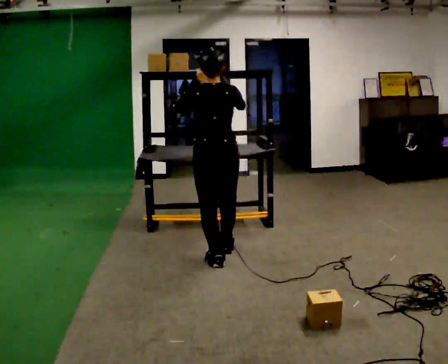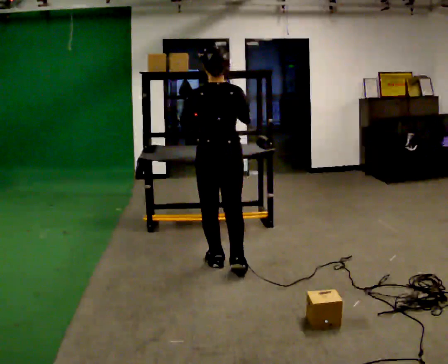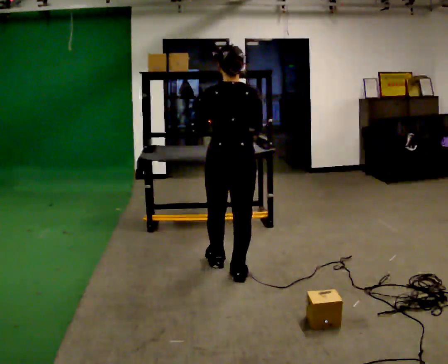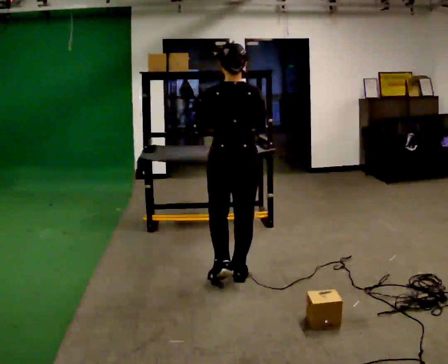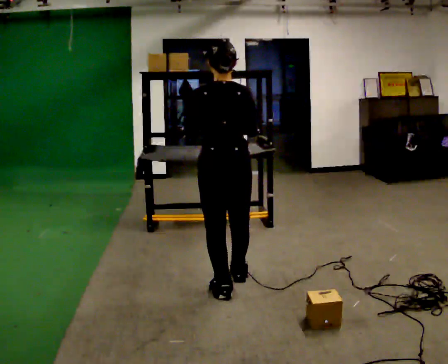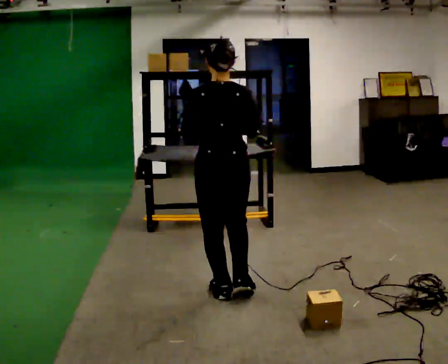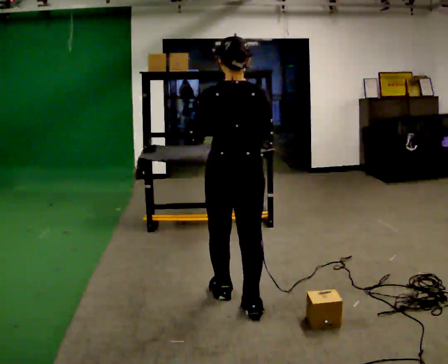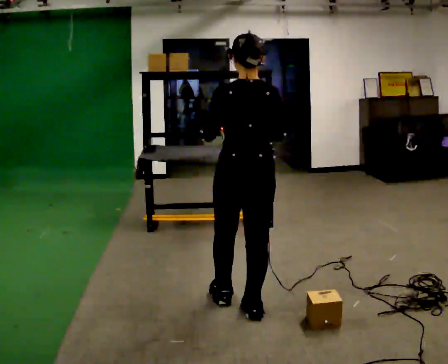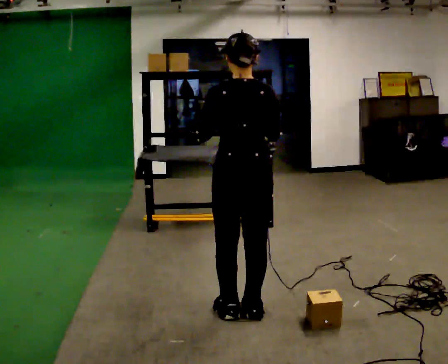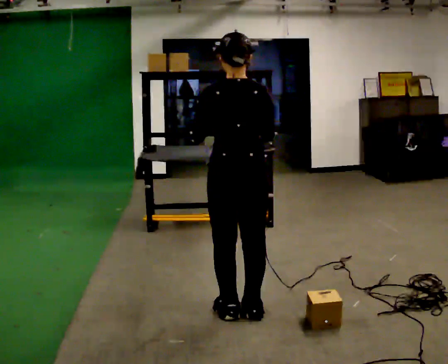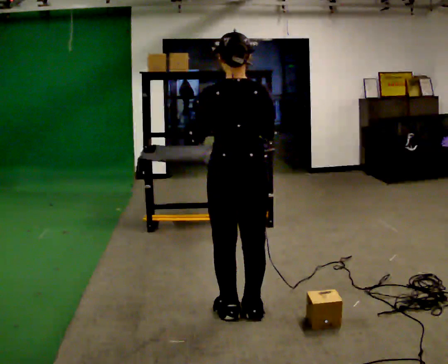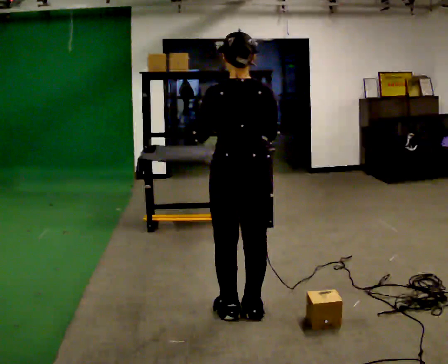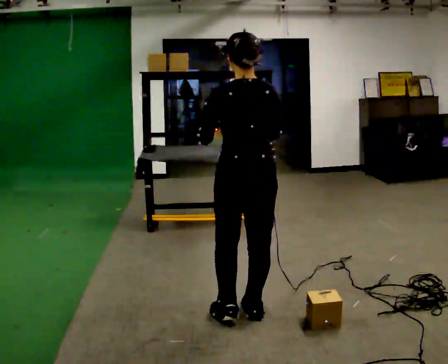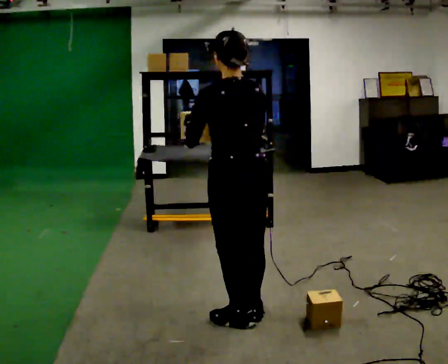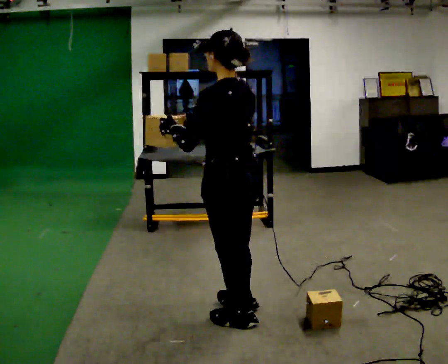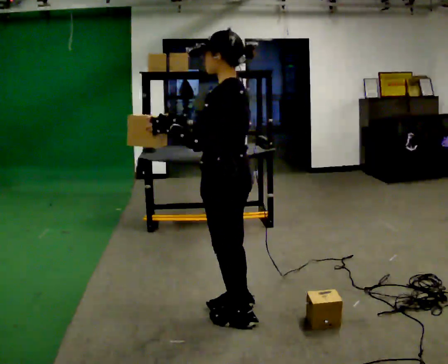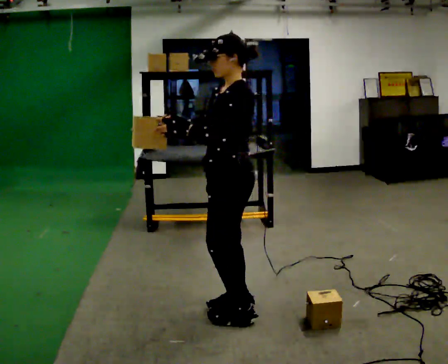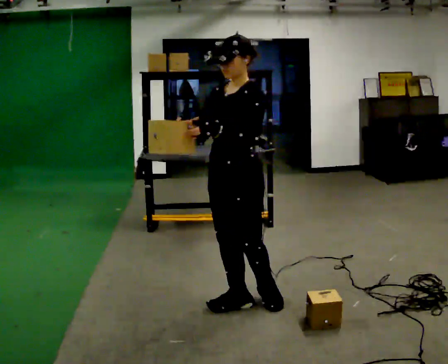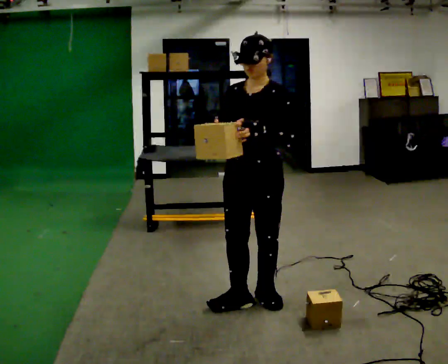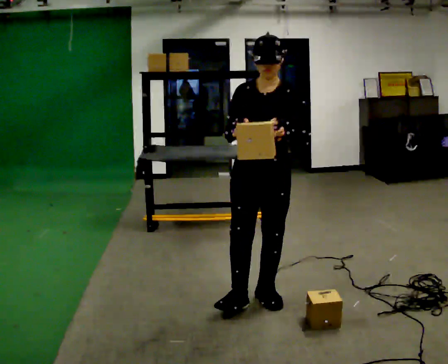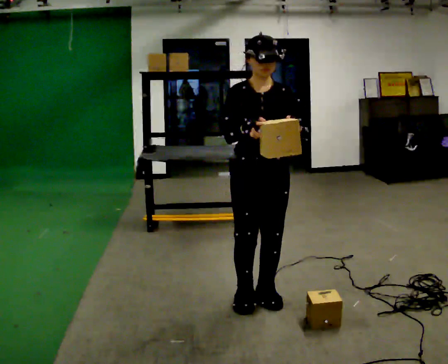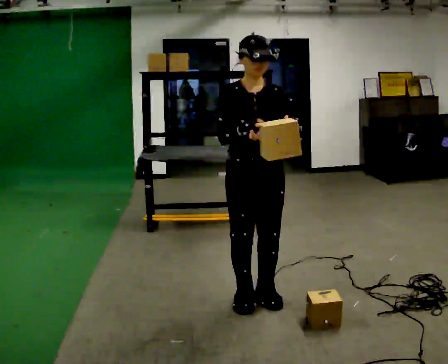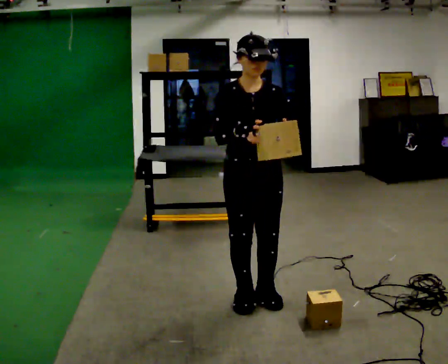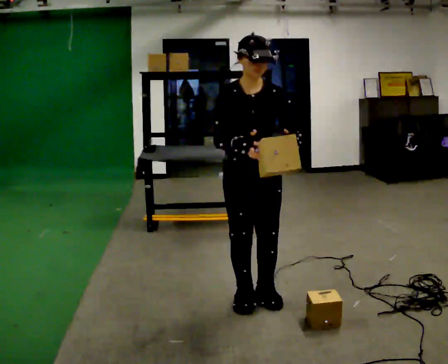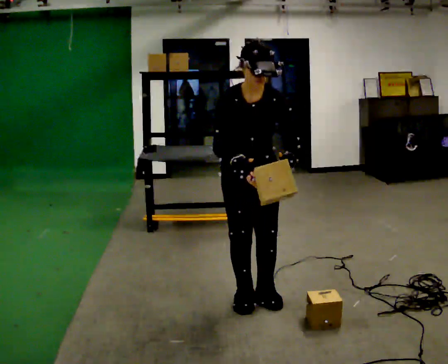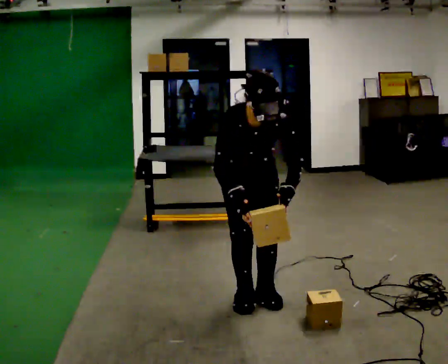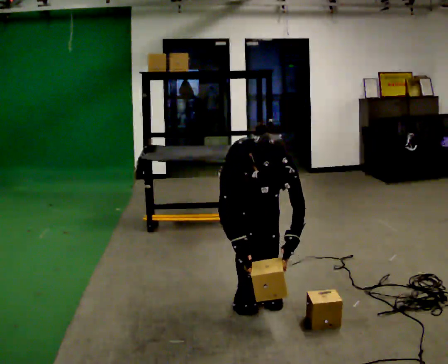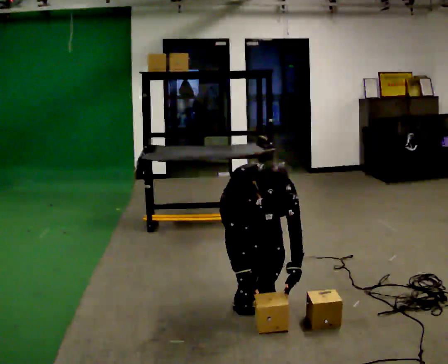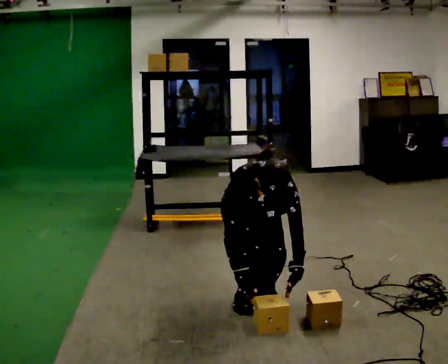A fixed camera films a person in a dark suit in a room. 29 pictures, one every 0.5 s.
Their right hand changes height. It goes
downward.
The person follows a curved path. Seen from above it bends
clockwise.
0.0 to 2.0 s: In the picture they go toward the camera, about 0.5 m in 2 steps, which for them is backward.
2.0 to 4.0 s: In the picture they go toward the camera, about 0.25 m in 2 steps, which for them is backward.
4.0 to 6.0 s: The person moves a little, or ends about where they began.
6.0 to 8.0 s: The person turns about 90 degrees to their left, counterclockwise seen from above, so the part of the body nearest the lens slides to the right. In the picture their right hand goes to the left.
8.0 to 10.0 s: Seen from above the body turns counterclockwise, about 90 degrees: to their left, with its near side sliding to the right. In the picture they go to the right, about 0.25 m. In the picture their right hand goes to the right.
10.0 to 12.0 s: The upper body tips toward the camera, its near side rolling downward, as they bend forward.
12.0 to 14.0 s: The shoulders move downward. The upper body tips toward the camera, its near side rolling downward, as they bend forward. In the picture their left hand goes downward.
The film runs backward here.
